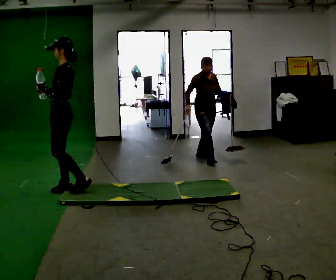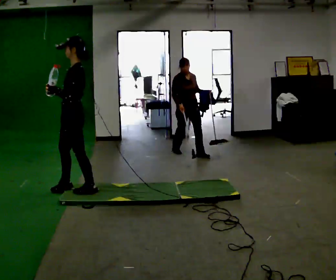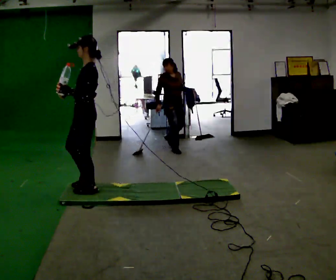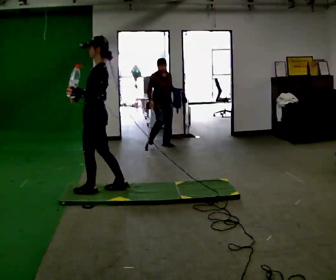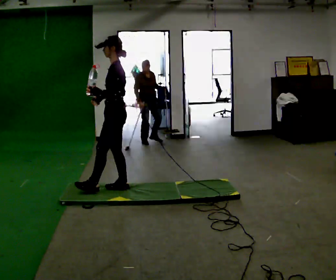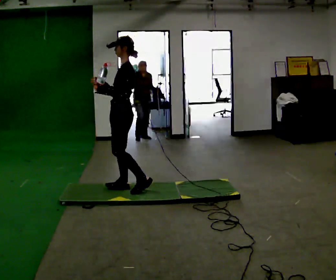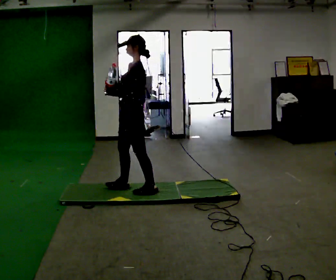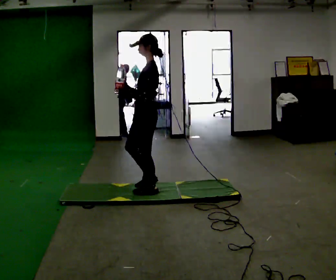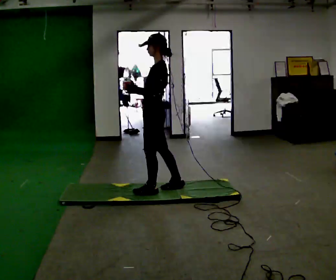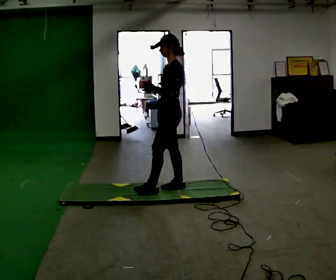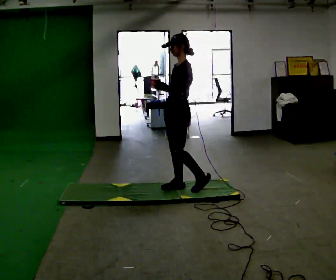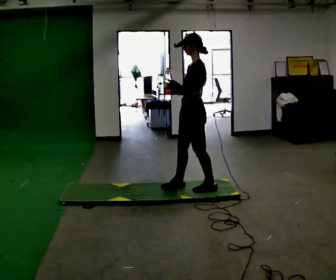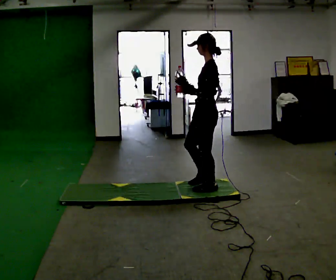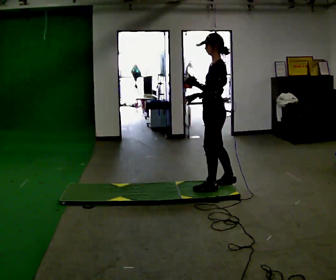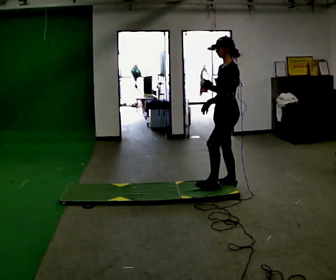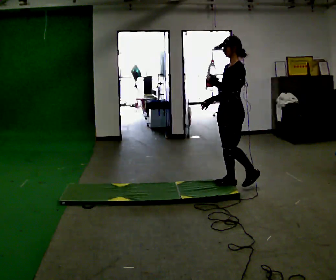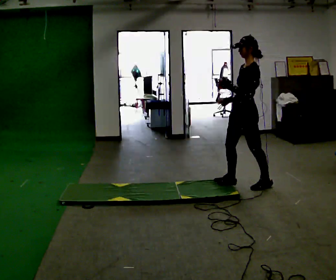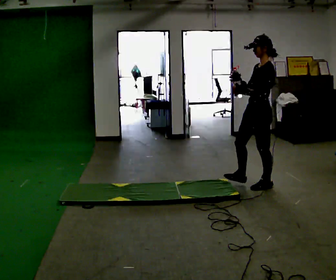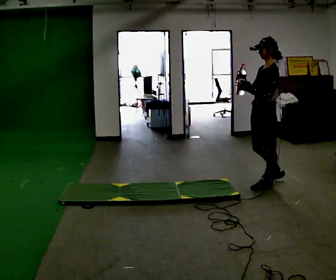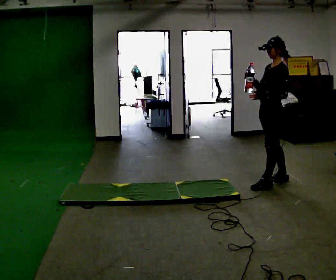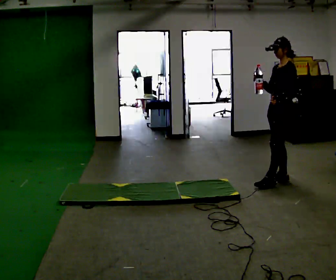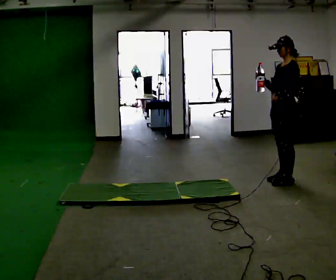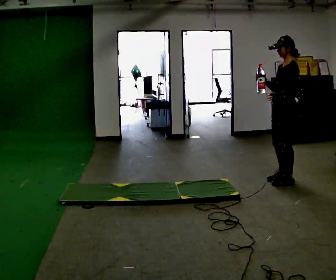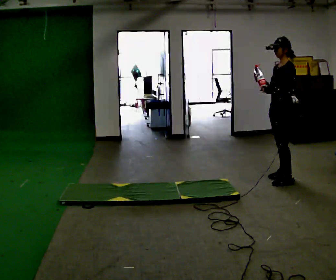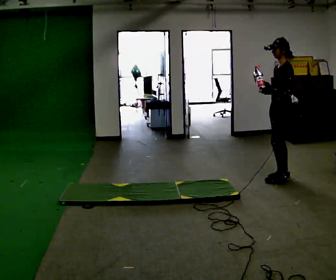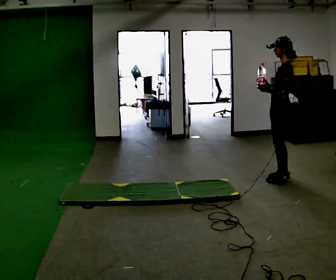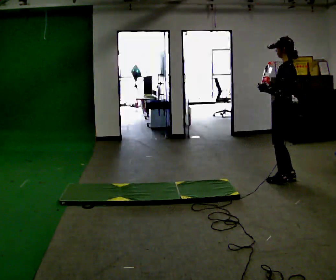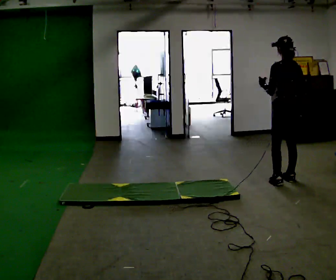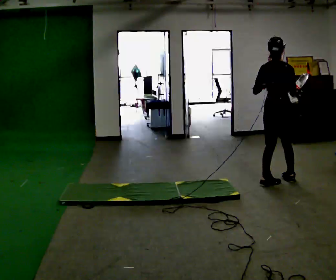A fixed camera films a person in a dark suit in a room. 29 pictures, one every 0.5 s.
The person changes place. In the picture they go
to the right.
0.0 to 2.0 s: In the picture they go to the right, about 0.5 m in 1 step, which for them is backward.
2.0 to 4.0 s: In the picture they go to the right, about 0.5 m in 2 steps, which for them is backward.
4.0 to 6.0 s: In the picture they go to the right, about 0.5 m in 2 steps, which for them is backward.
6.0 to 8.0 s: In the picture they go to the right and away from the camera, about 0.5 m in 1 step, which for them is backward.
8.0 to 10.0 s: In the picture they go to the right and away from the camera, about 0.5 m in 2 steps, which for them is backward.
10.0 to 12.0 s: The person moves a little, or ends about where they began.
12.0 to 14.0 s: The part of the body nearest the lens slides to the left as the person turns to their right by about 120 degrees. In the picture they go toward the camera, about 0.25 m in 2 steps. In the picture their right hand goes to the right.
The film runs backward here.
